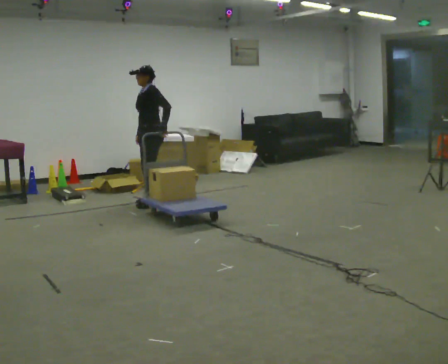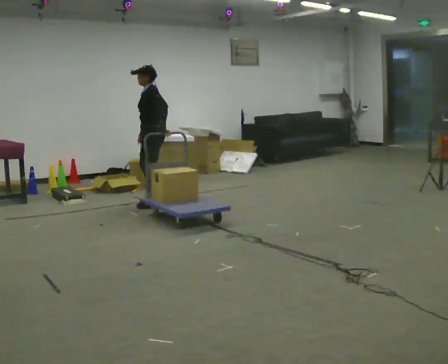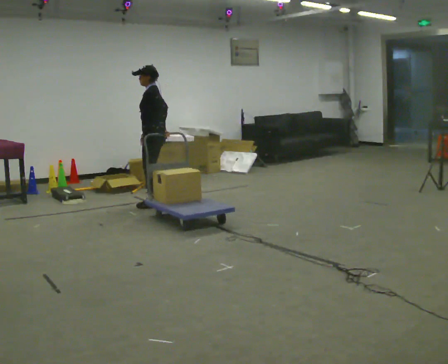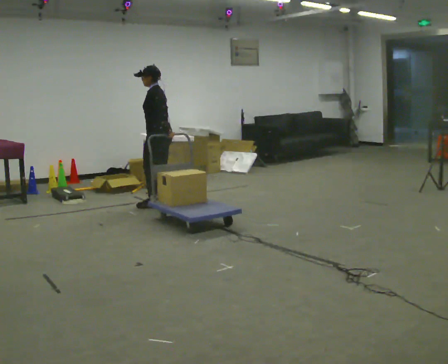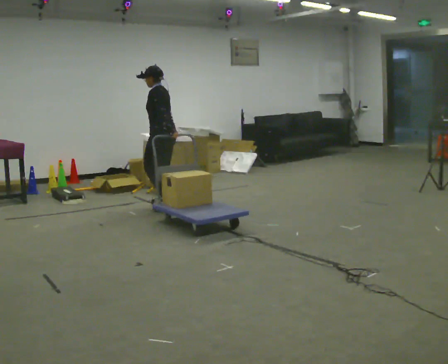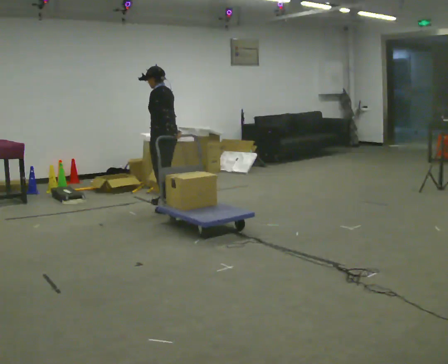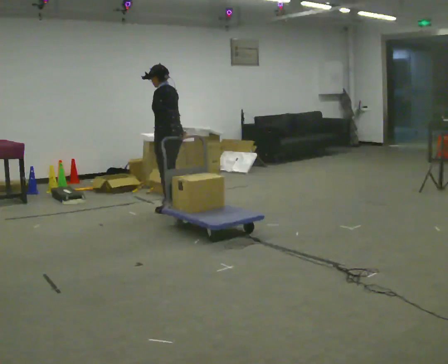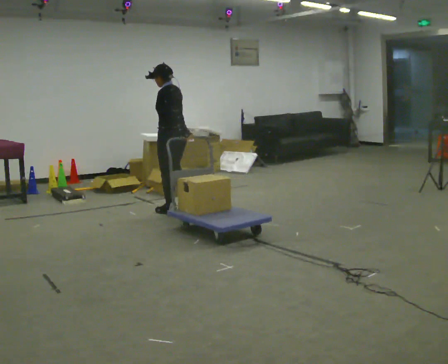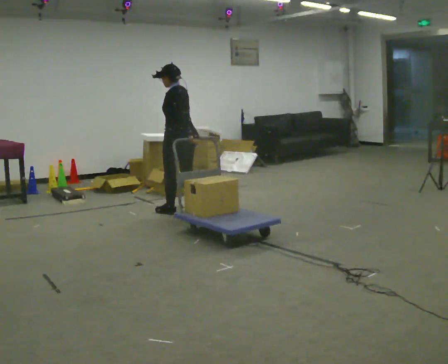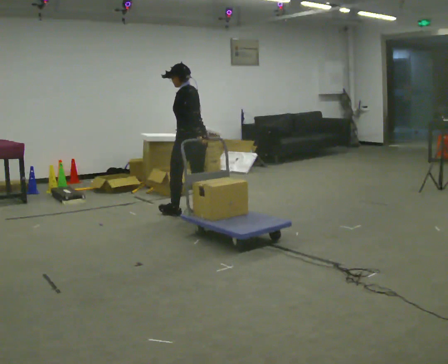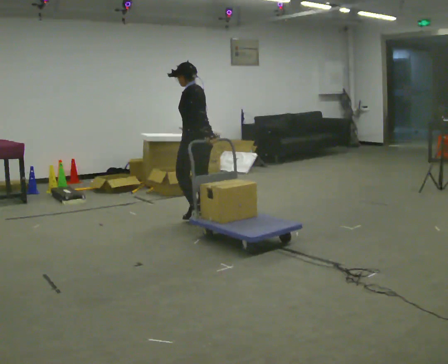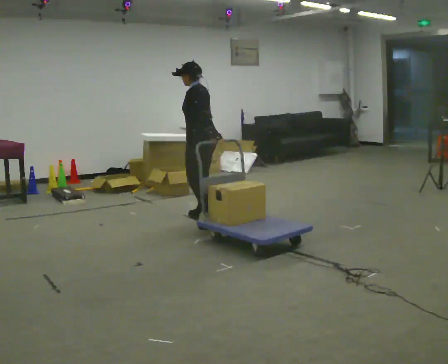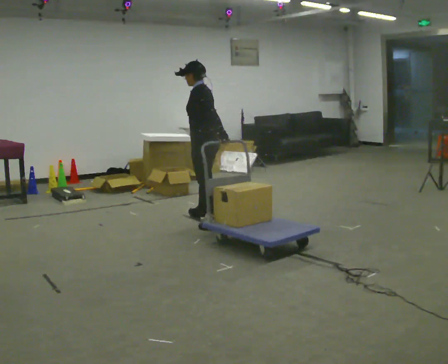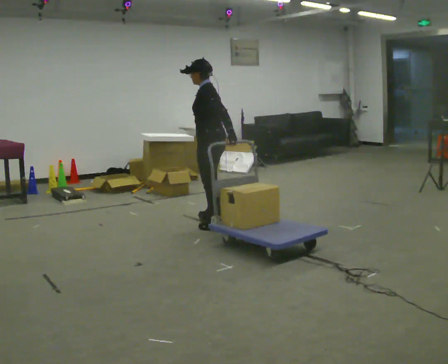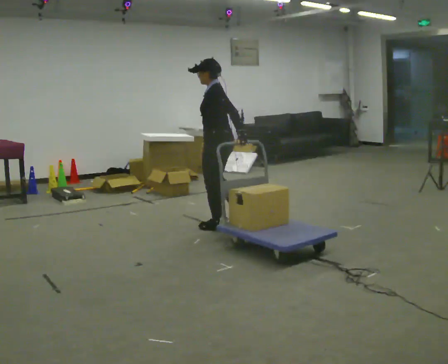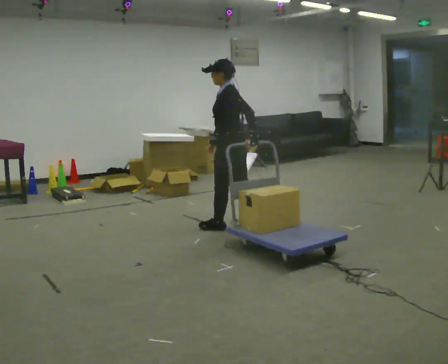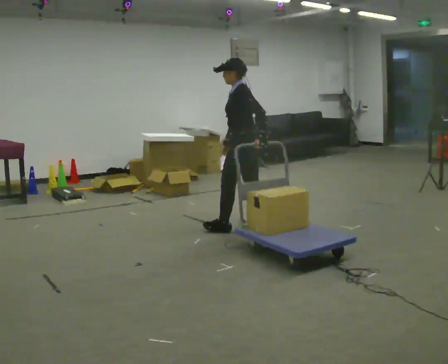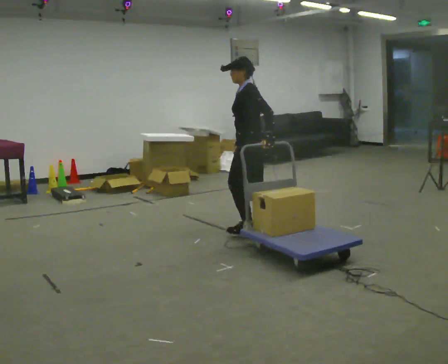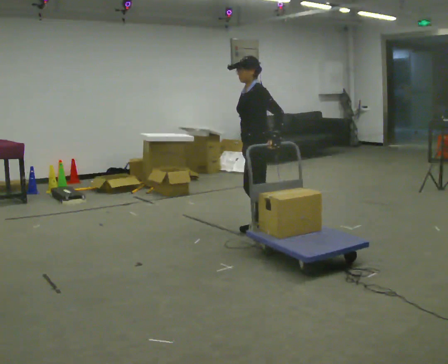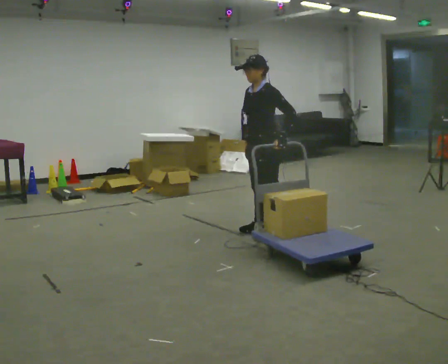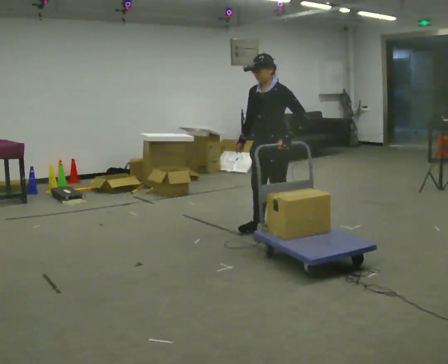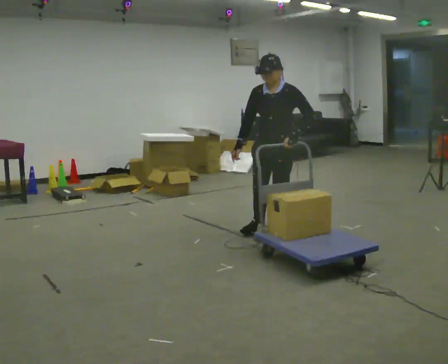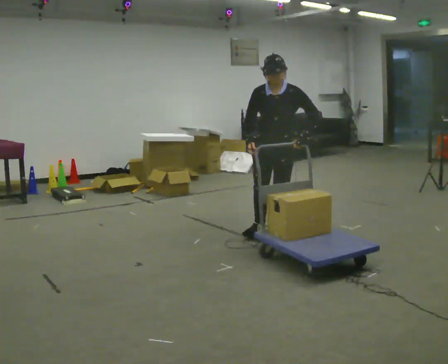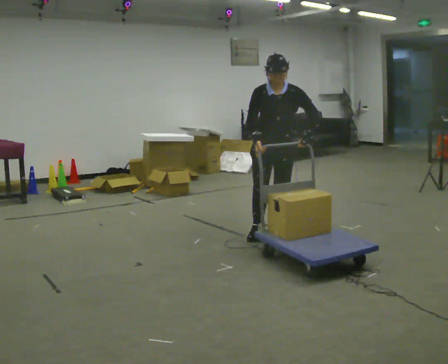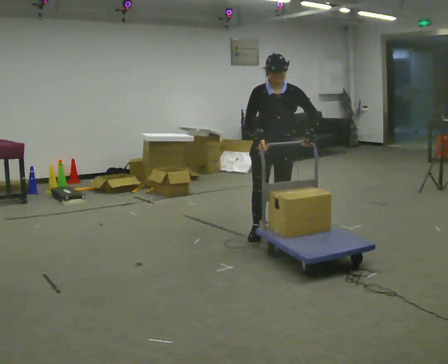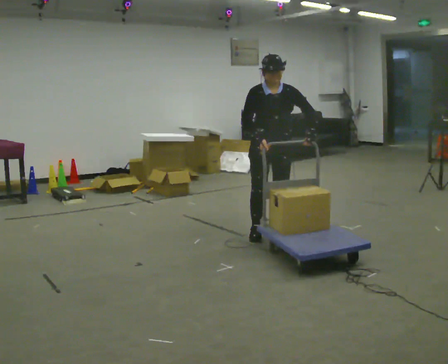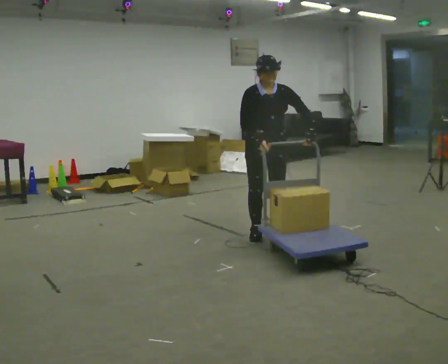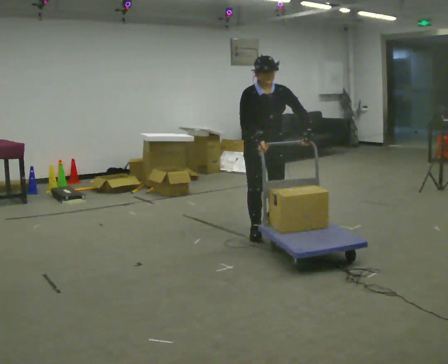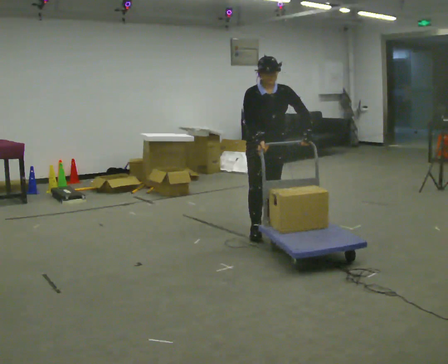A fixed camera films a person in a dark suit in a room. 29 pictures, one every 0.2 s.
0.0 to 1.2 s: The person turns about 45 degrees to their right, clockwise seen from above, so the part of the body nearest the lens slides to the left. In the picture they go toward the camera and to the right, about 0.5 m in 3 steps, which for them is backward and to their left.
1.2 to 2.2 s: In the picture they go to the right and toward the camera, about 0.5 m in 1 step, which for them is backward.
2.2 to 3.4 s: In the picture they go to the right and toward the camera, about 0.75 m in 2 steps, which for them is backward and to their left.
3.4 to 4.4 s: Seen from above the body turns counterclockwise, about 75 degrees: to their left, with its near side sliding to the right. In the picture they go to the right and toward the camera, about 0.25 m.
4.4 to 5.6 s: The person turns about 30 degrees to their left, counterclockwise seen from above, so the part of the body nearest the lens slides to the right. In the picture they go away from the camera, about 0.25 m in 1 step, which for them is backward.
The film runs backward here.
